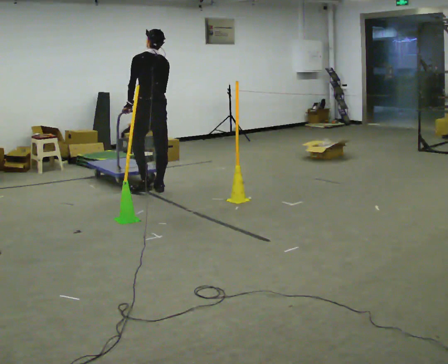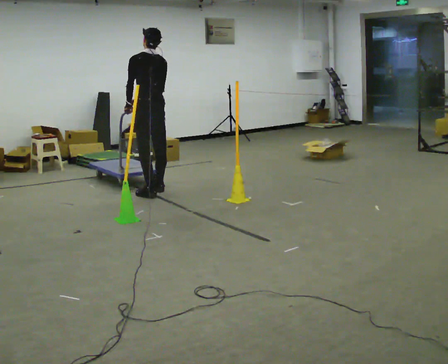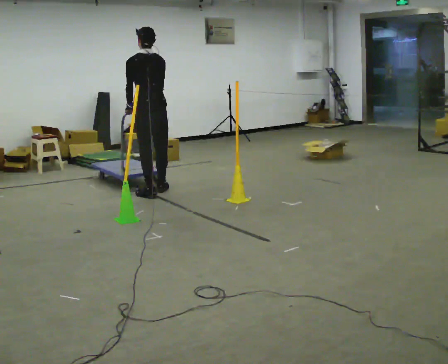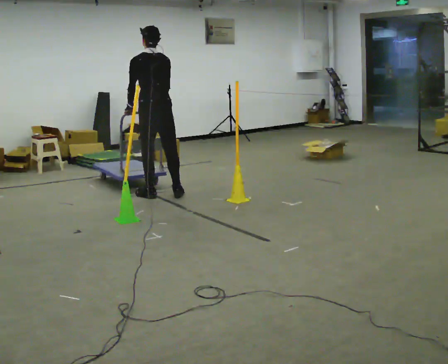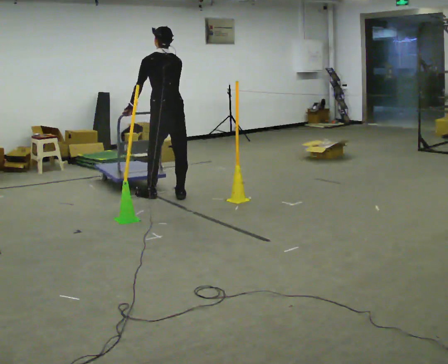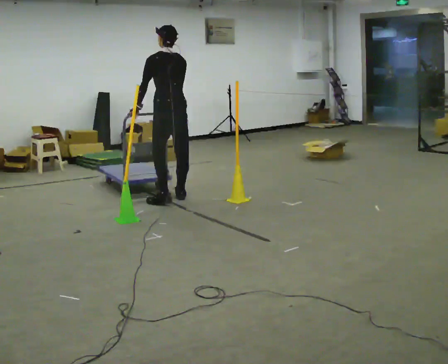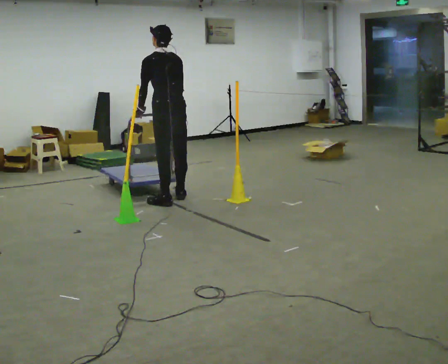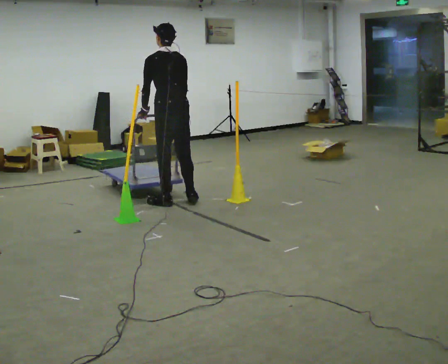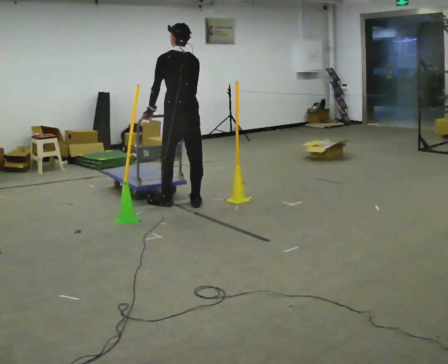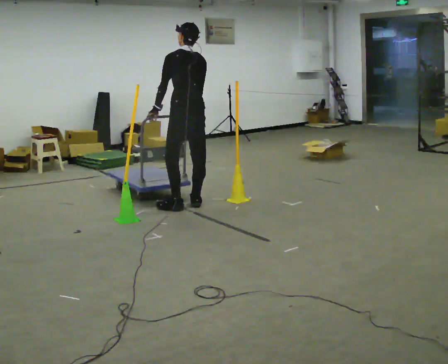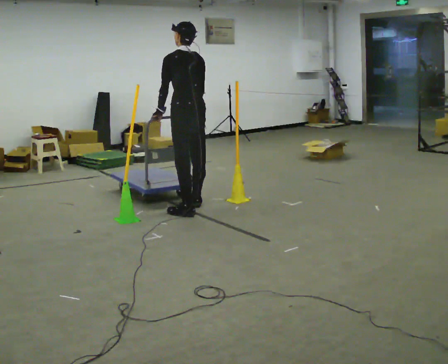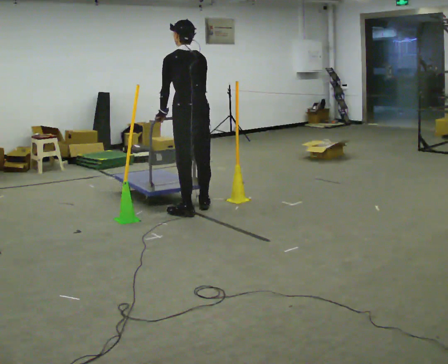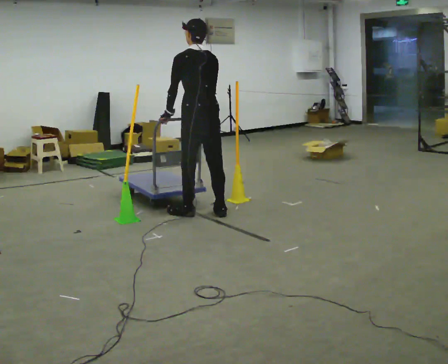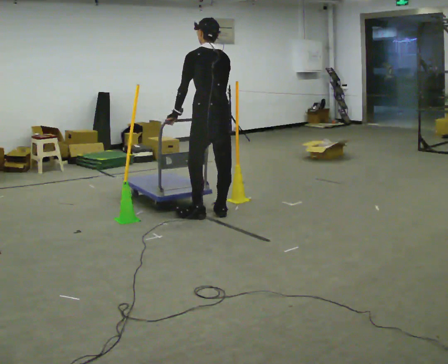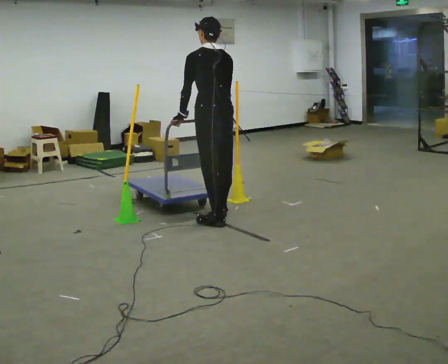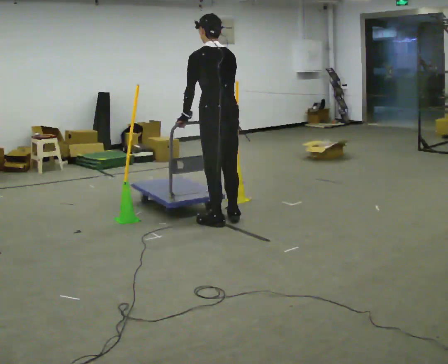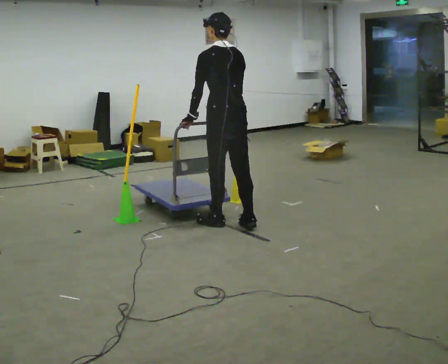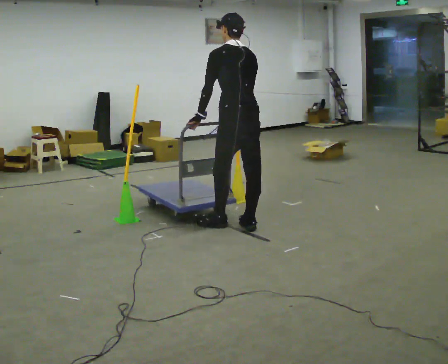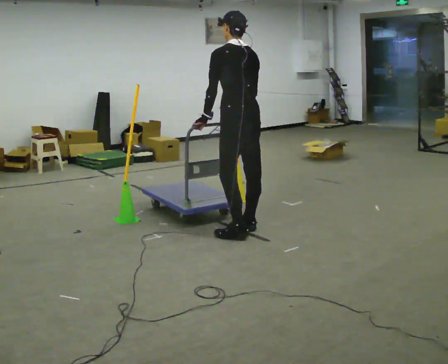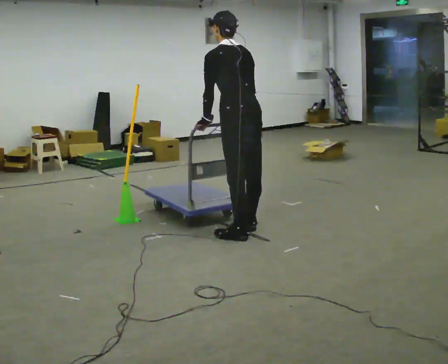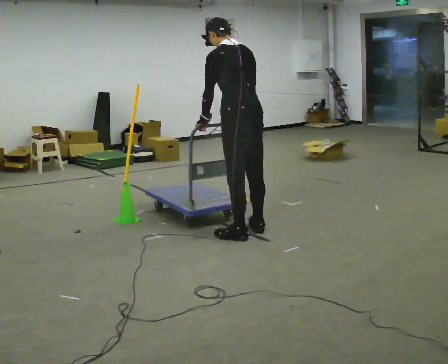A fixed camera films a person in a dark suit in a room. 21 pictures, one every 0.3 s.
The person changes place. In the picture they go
toward the camera.
0.0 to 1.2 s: In the picture they go toward the camera and to the right, about 0.25 m in 2 steps, which for them is backward.
1.2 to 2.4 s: In the picture they go toward the camera and to the right, about 0.25 m in 2 steps, which for them is backward.
2.4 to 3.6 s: In the picture they go toward the camera and to the right, about 0.5 m in 2 steps, which for them is backward.
3.6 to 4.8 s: In the picture they go toward the camera and to the right, about 0.5 m in 2 steps, which for them is backward.
4.8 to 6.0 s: In the picture they go toward the camera, about 0.25 m in 1 step, which for them is backward.
The film runs forward here.
